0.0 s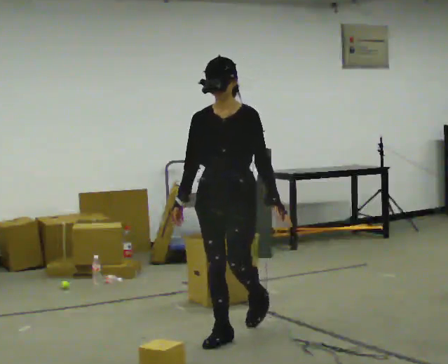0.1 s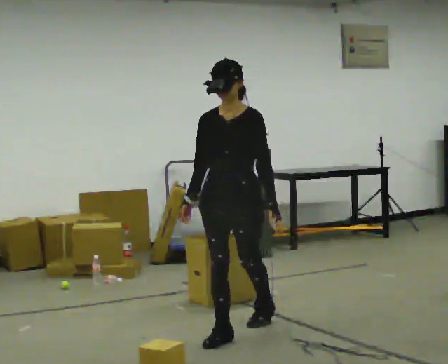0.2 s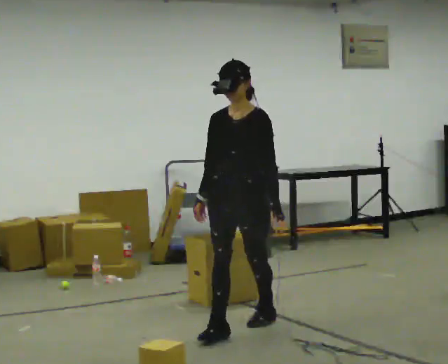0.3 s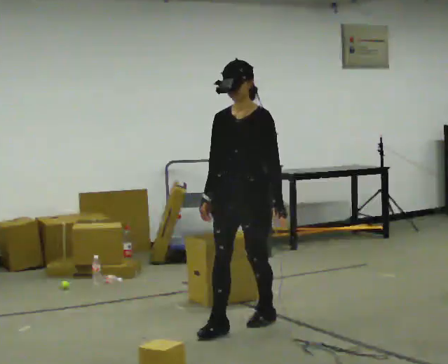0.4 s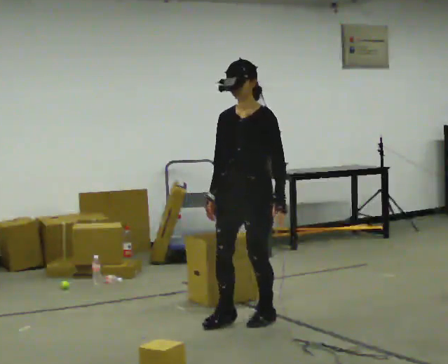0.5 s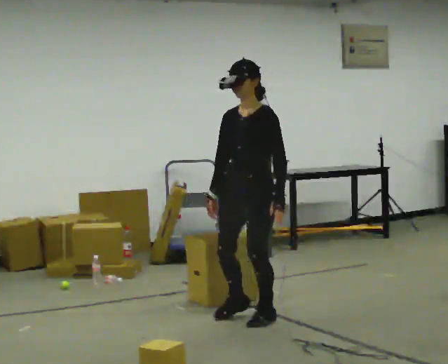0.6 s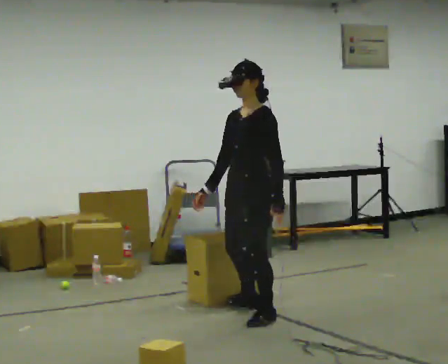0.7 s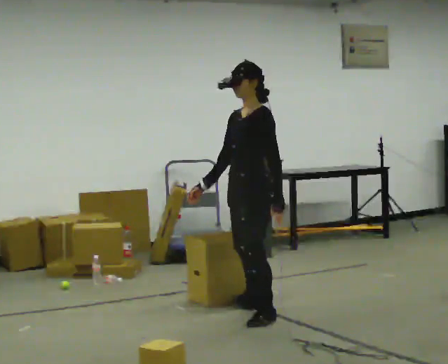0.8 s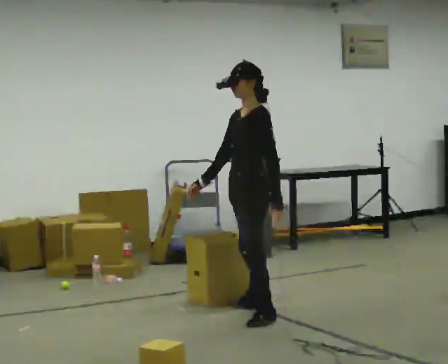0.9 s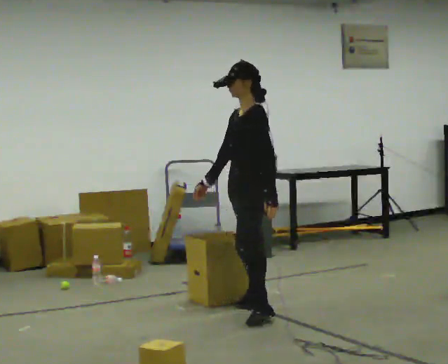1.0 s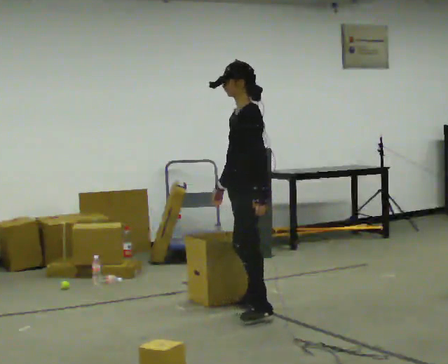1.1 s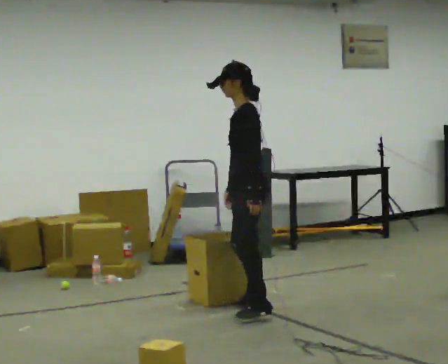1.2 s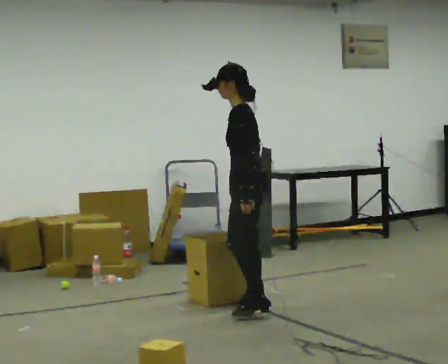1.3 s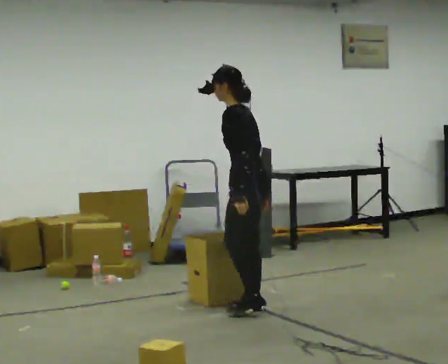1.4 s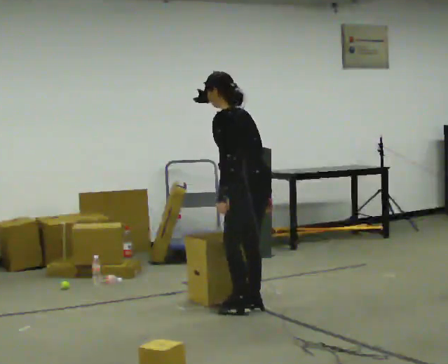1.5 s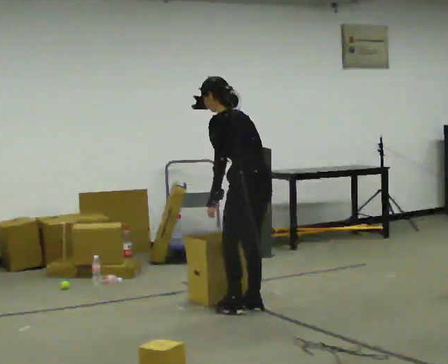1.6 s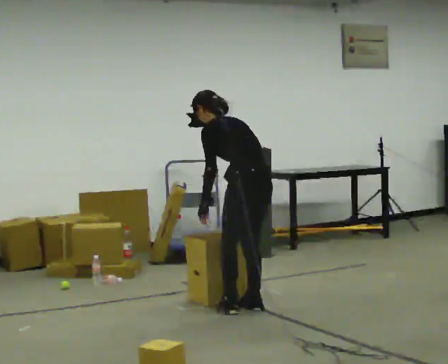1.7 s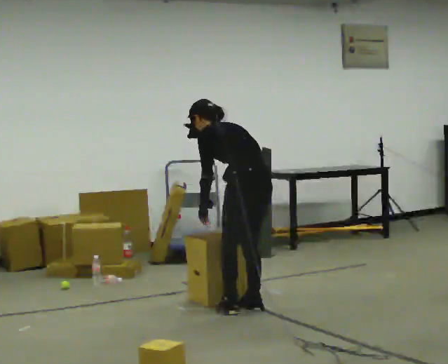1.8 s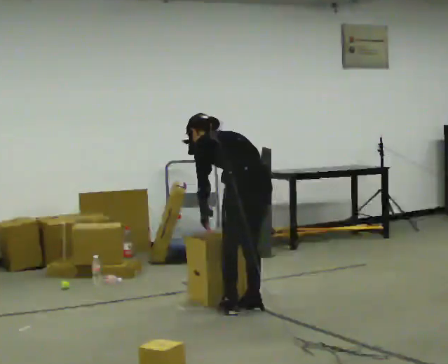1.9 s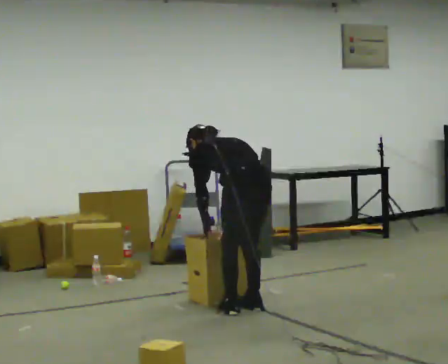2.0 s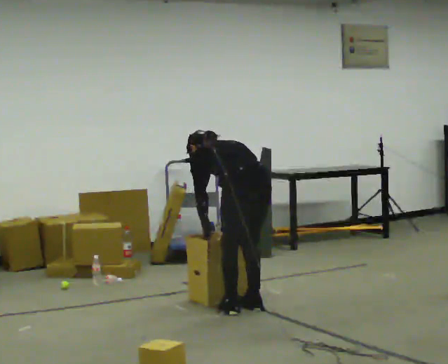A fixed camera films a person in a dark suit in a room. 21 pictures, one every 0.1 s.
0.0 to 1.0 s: Seen from above the body turns clockwise, about 60 degrees: to their right, with its near side sliding to the left. In the picture they go away from the camera, about 0.75 m in 1 step.
1.0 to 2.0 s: The part of the body nearest the lens slides to the left as the person turns to their right by about 60 degrees. The upper body goes downward. The upper body tips away from the camera, its near side rolling upward, as they bend forward. In the picture their left hand goes to the left.
The film runs backward here.
